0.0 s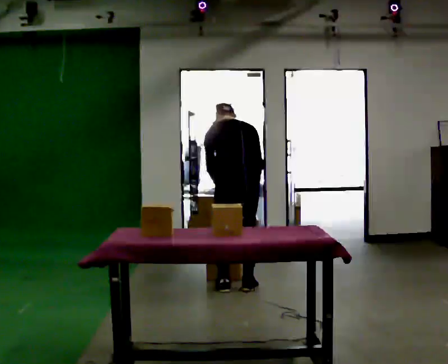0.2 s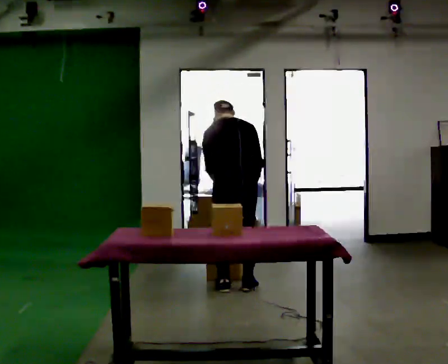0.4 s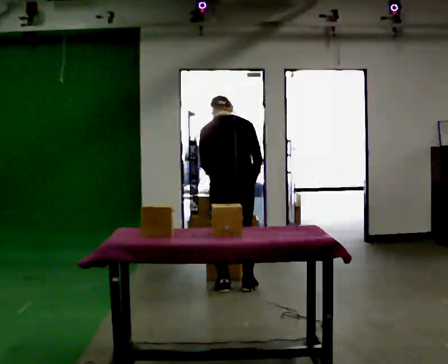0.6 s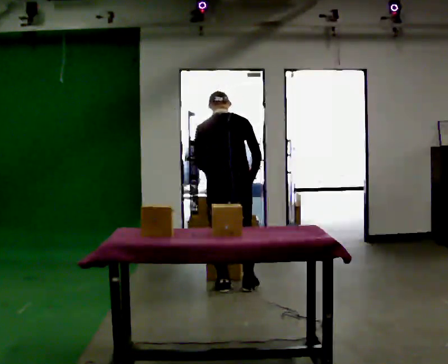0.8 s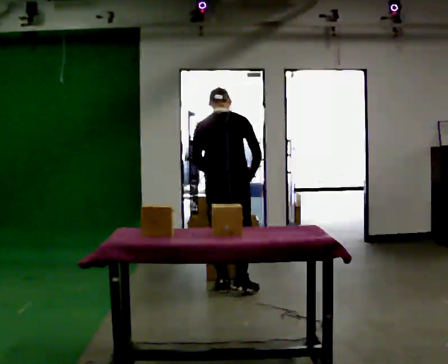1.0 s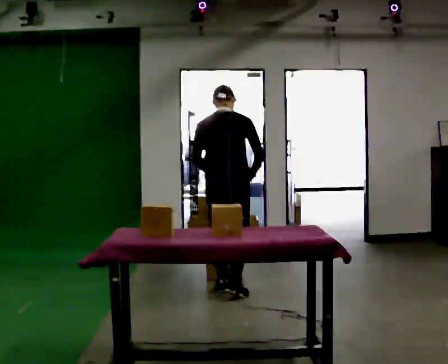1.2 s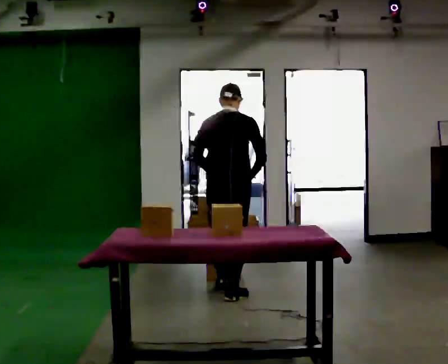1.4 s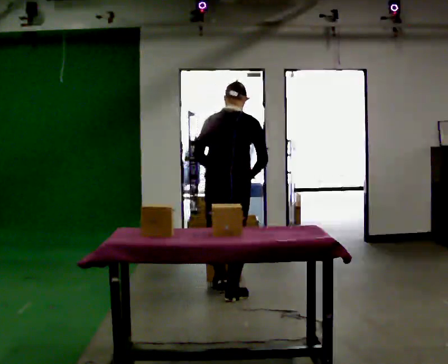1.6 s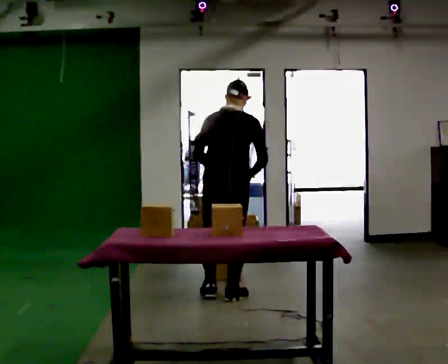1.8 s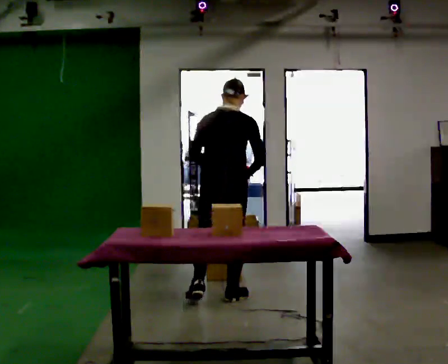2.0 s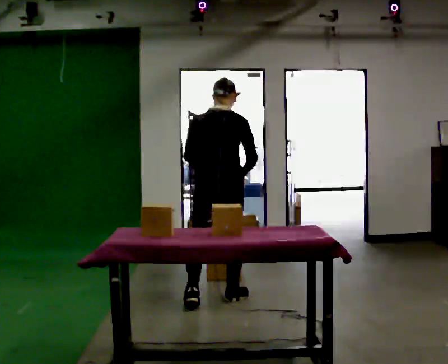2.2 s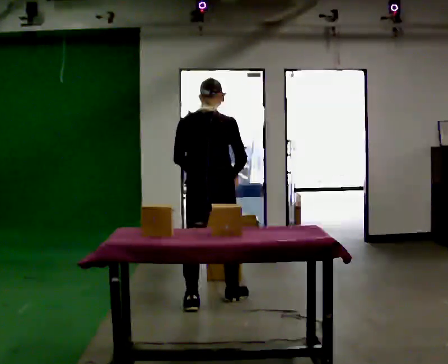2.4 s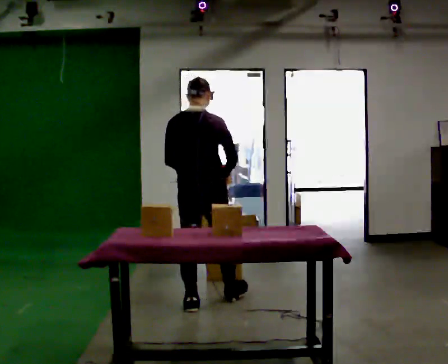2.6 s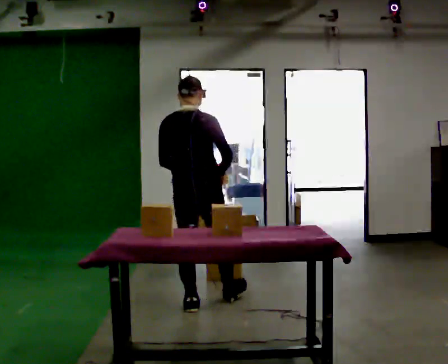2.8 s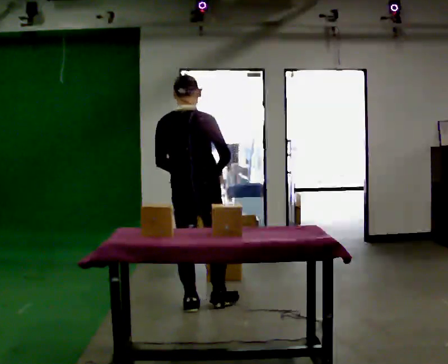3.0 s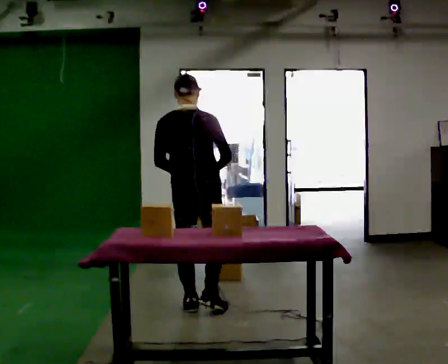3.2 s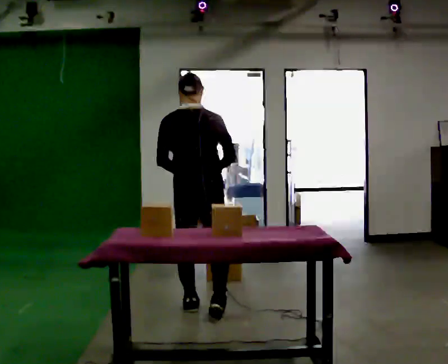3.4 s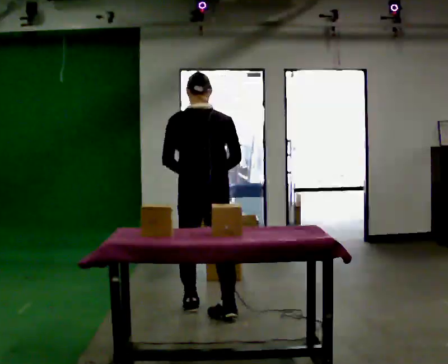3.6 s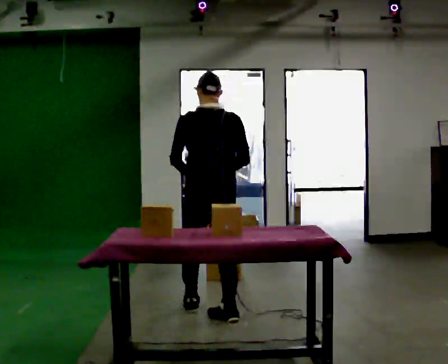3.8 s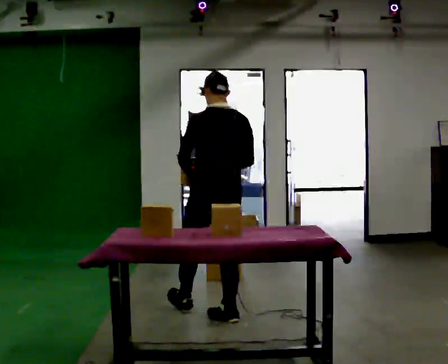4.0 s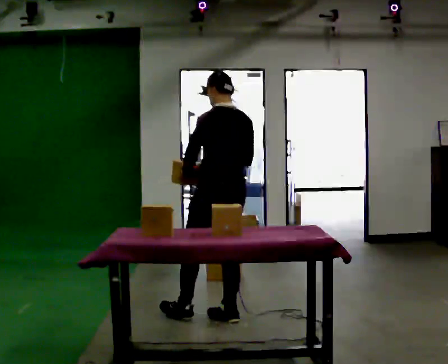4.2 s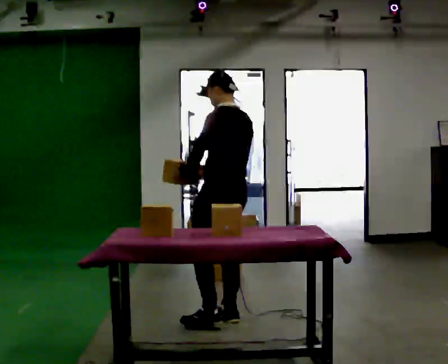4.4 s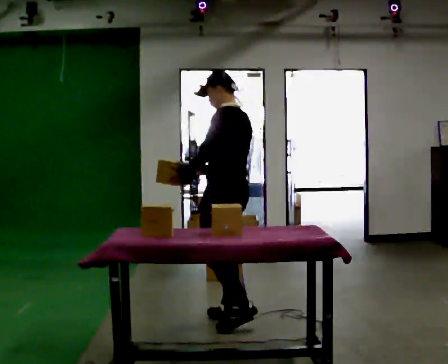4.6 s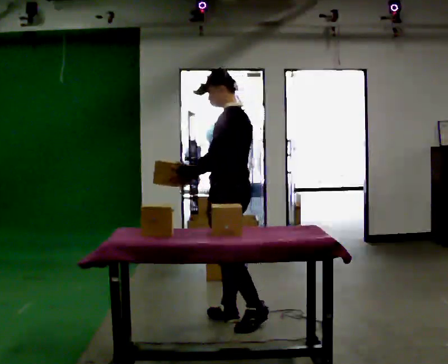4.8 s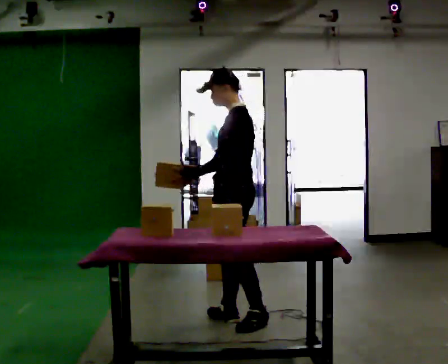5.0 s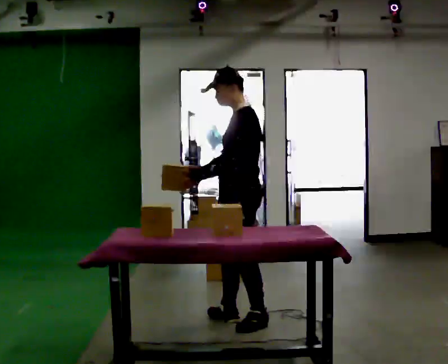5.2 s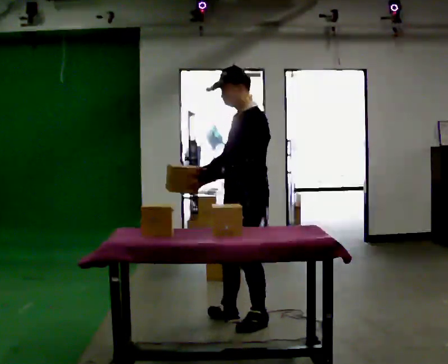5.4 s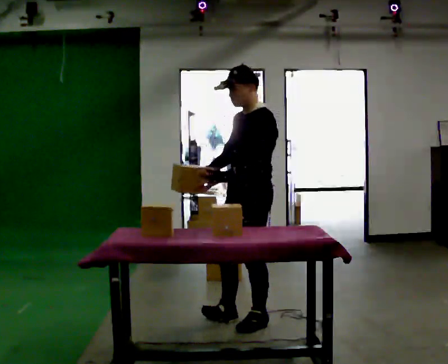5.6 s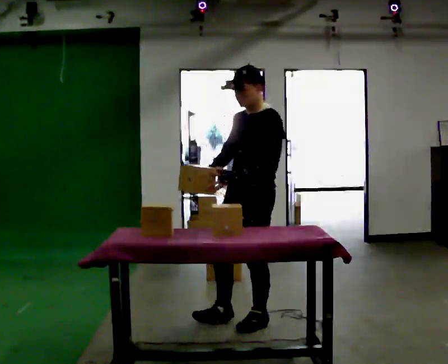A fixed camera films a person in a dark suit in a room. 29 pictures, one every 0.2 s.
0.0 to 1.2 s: The upper body tips toward the camera, its near side rolling downward, as they lean back or straighten.
1.2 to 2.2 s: In the picture they go toward the camera, about 0.25 m in 1 step, which for them is backward.
2.2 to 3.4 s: In the picture they go toward the camera, about 0.25 m in 1 step, which for them is backward.
3.4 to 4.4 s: The part of the body nearest the lens slides to the right as the person turns to their left by about 60 degrees. In the picture they go to the right and toward the camera, about 0.25 m in 1 step.
4.4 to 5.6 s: The part of the body nearest the lens slides to the right as the person turns to their left by about 60 degrees. In the picture they go to the right, about 0.25 m, which for them is backward and to their left.
The film runs backward here.
